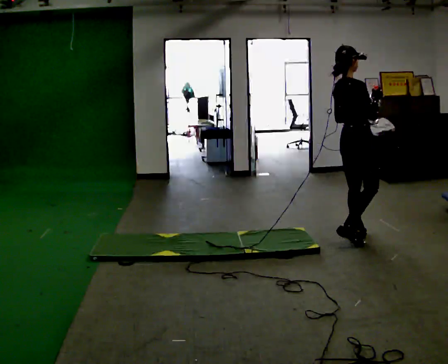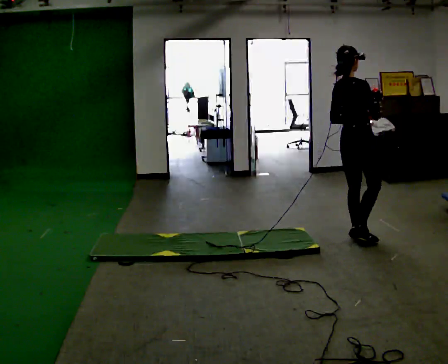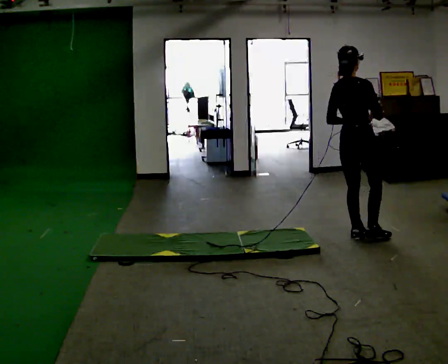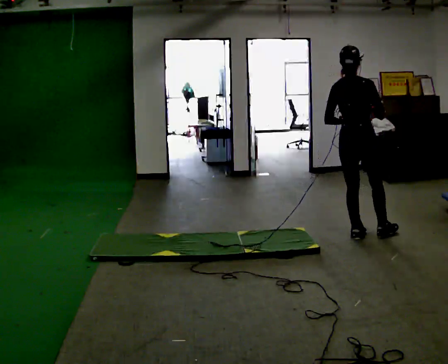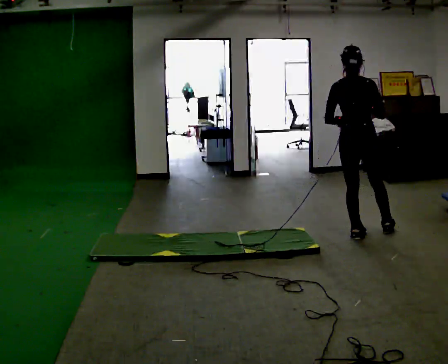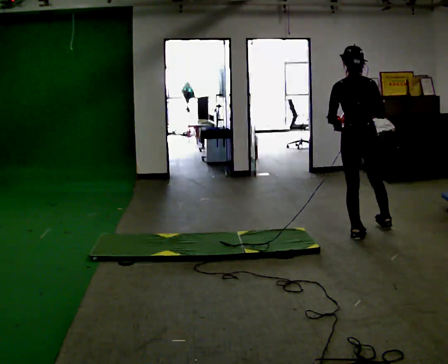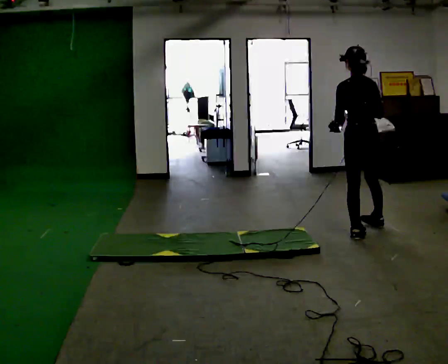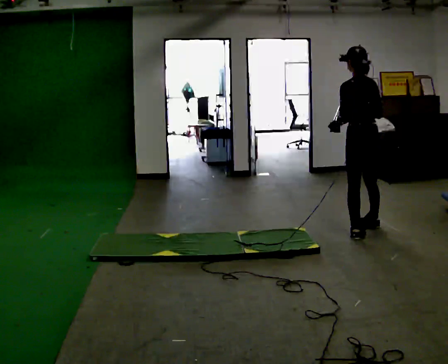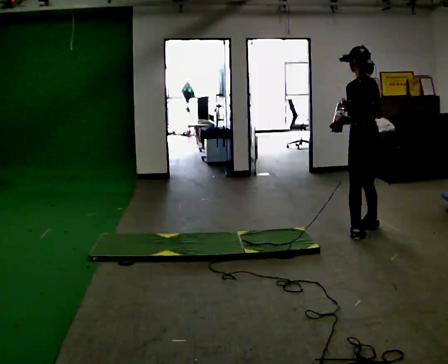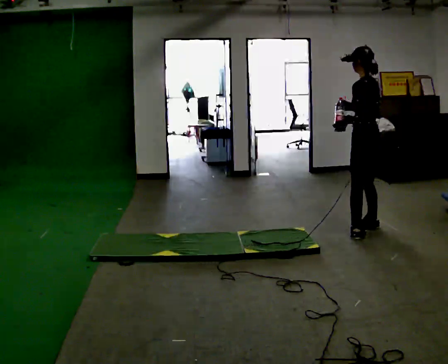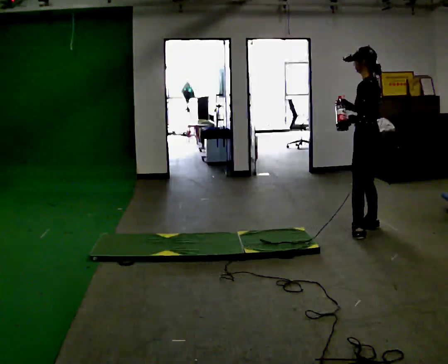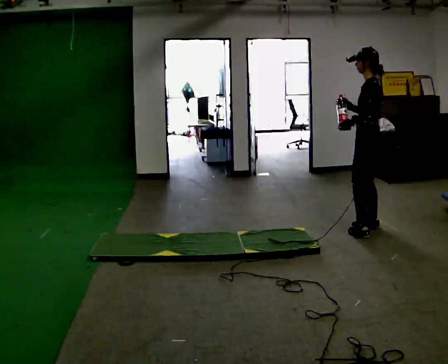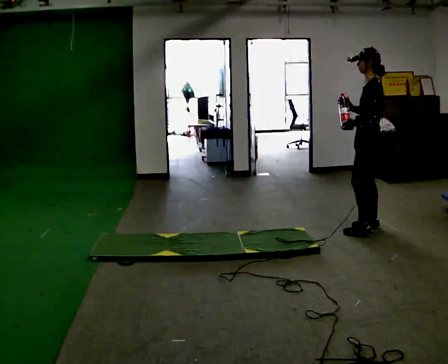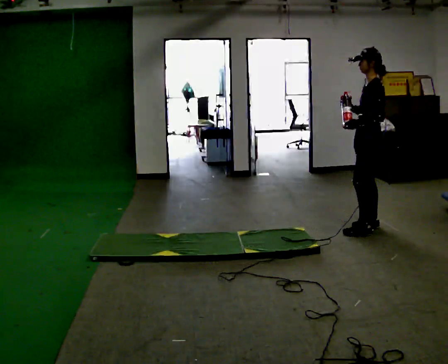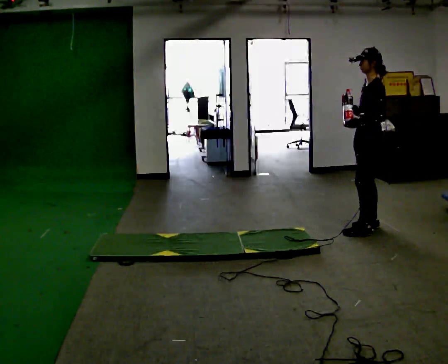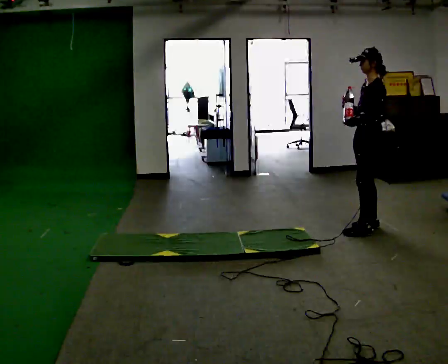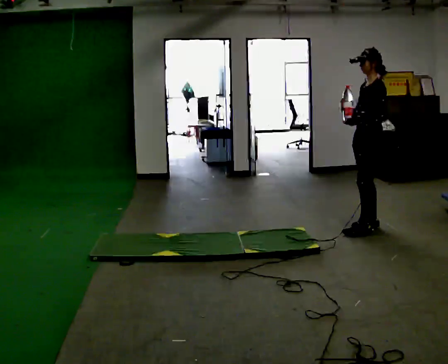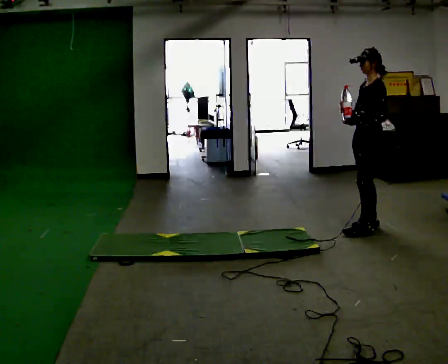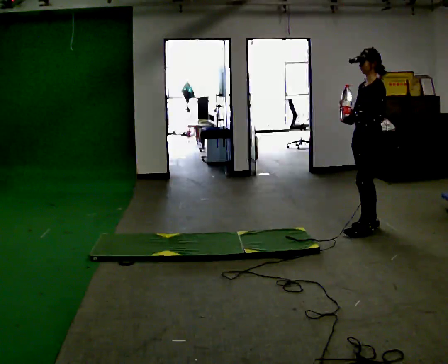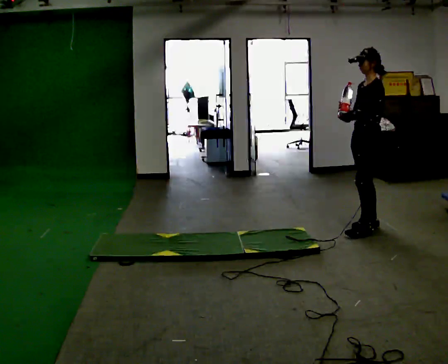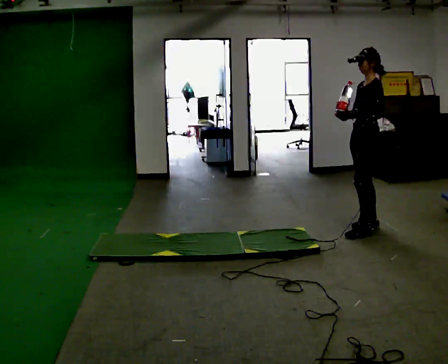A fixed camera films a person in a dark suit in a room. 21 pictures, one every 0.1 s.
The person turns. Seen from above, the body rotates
counterclockwise.
The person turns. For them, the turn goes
to their left.
0.0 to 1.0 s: Seen from above the body turns counterclockwise, about 135 degrees: to their left, with its near side sliding to the right. In the picture they go away from the camera and to the right, about 0.25 m in 1 step.
1.0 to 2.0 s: The person turns about 30 degrees to their left, counterclockwise seen from above, so the part of the body nearest the lens slides to the right.
The film runs forward here.
